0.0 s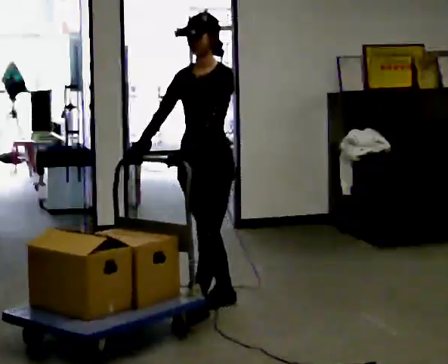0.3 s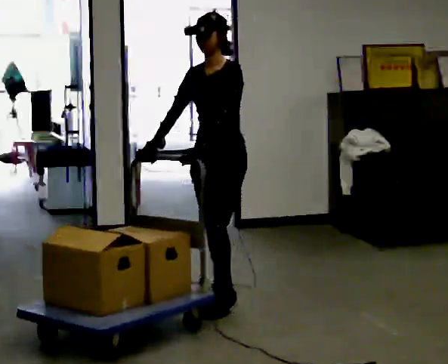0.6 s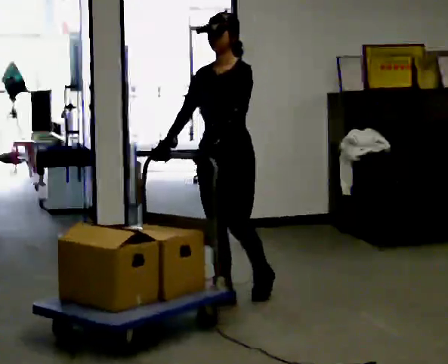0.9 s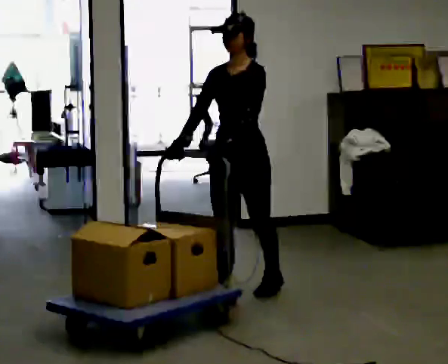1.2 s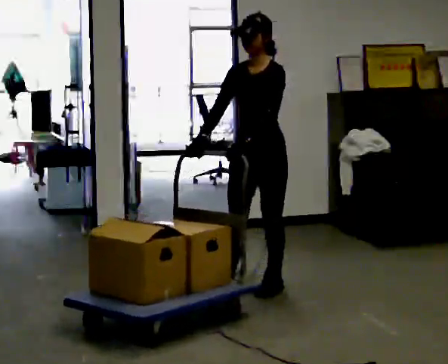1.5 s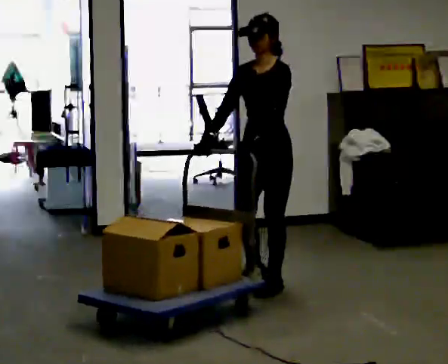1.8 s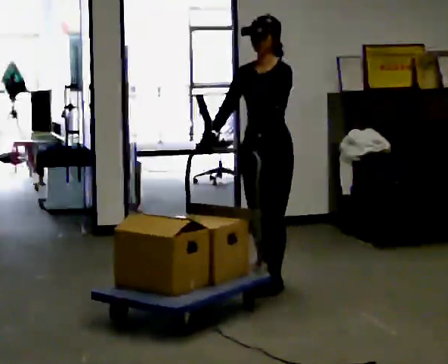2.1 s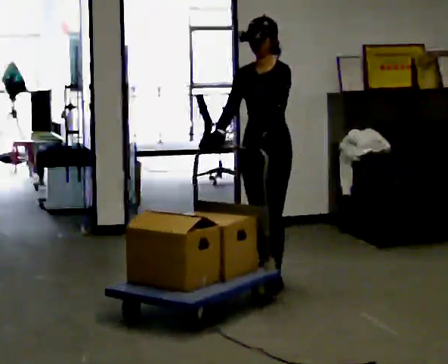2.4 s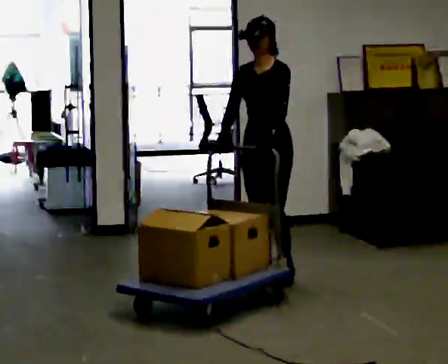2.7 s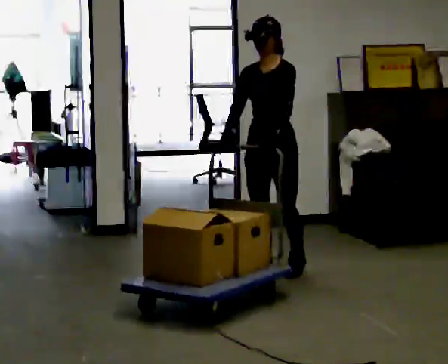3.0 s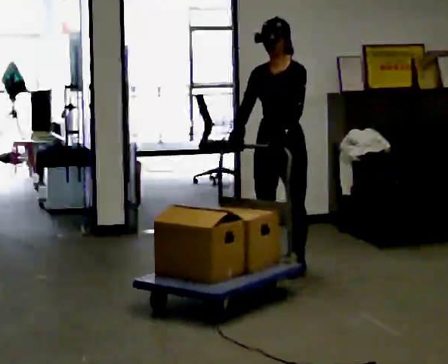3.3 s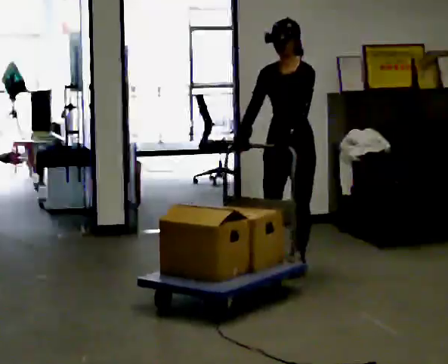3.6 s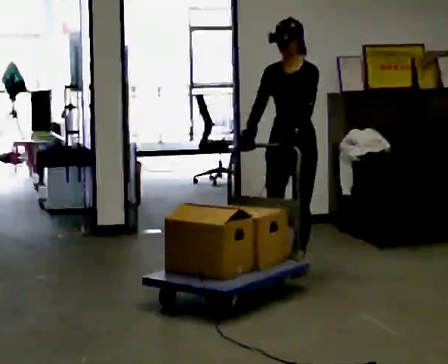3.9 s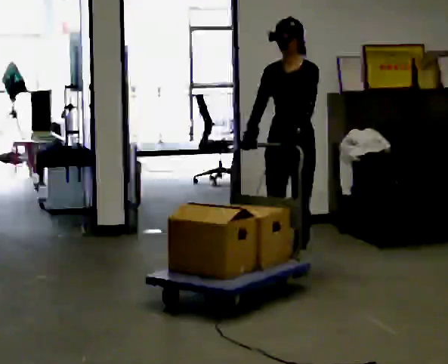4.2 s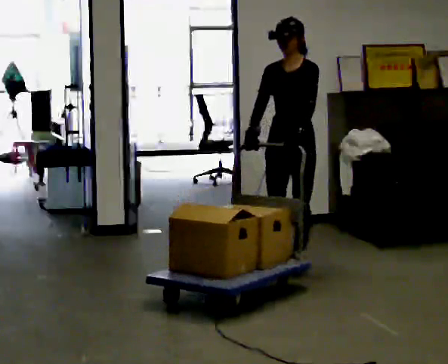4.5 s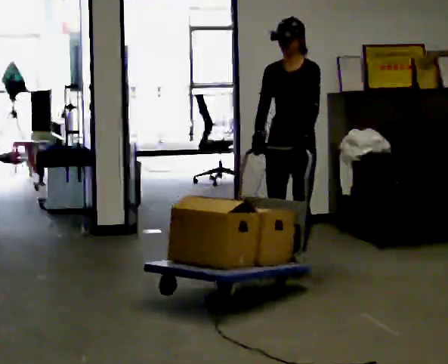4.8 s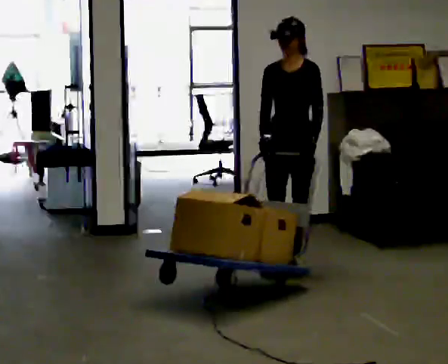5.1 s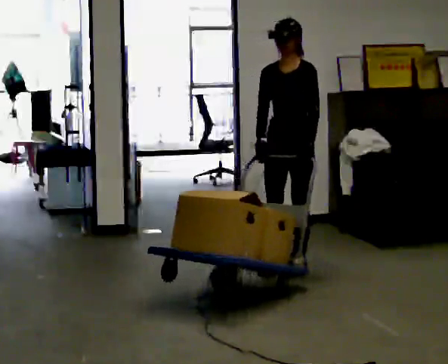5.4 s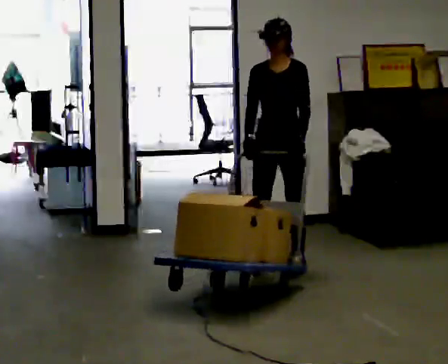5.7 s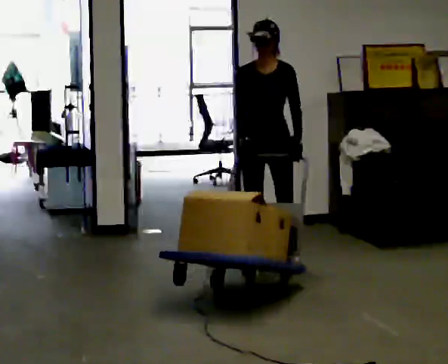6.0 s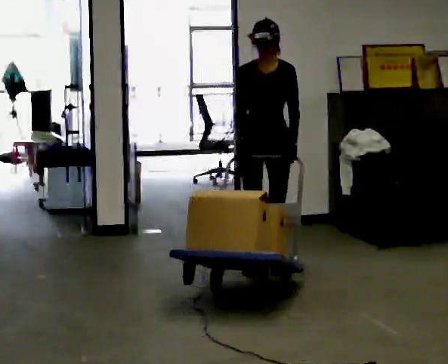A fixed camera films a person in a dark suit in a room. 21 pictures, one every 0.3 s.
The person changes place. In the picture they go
away from the camera.
0.0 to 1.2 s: In the picture they go away from the camera and to the right, about 0.5 m in 2 steps, which for them is backward.
1.2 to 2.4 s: In the picture they go away from the camera, about 0.25 m in 1 step, which for them is backward and to their right.
2.4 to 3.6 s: In the picture they go away from the camera and to the right, about 0.25 m in 1 step, which for them is backward.
3.6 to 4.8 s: The person moves a little, or ends about where they began.
4.8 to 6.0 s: The part of the body nearest the lens slides to the right as the person turns to their left by about 30 degrees. In the picture they go to the left, about 0.25 m in 1 step, which for them is to their right.
The film runs backward here.
